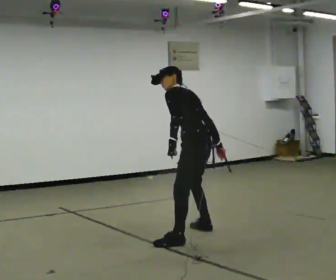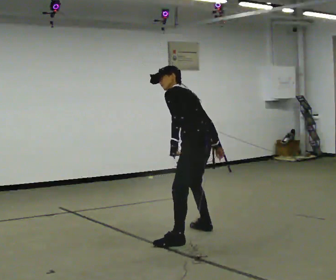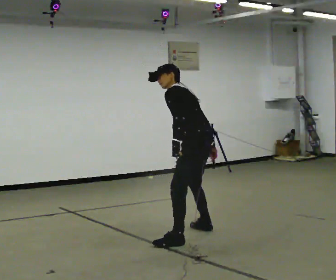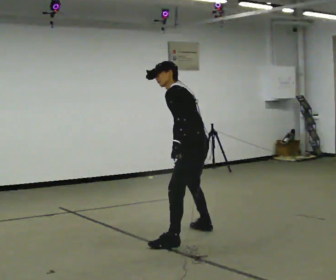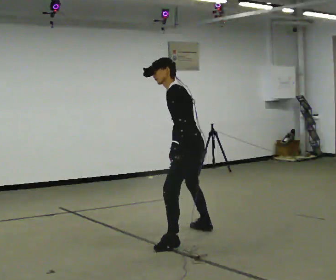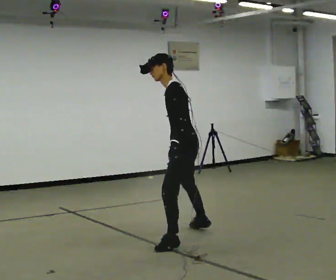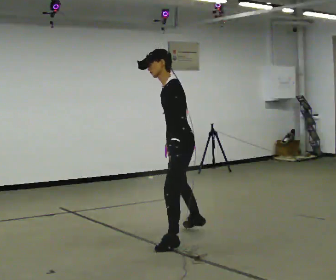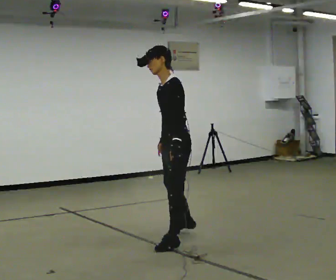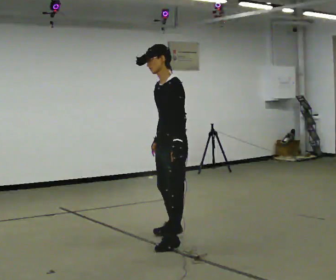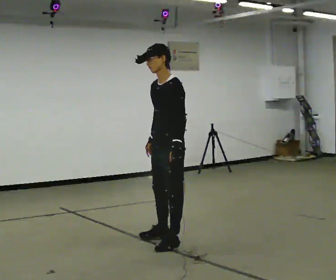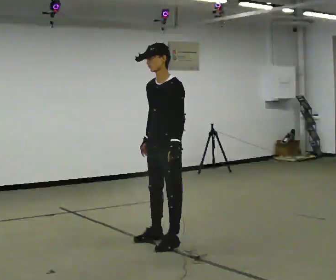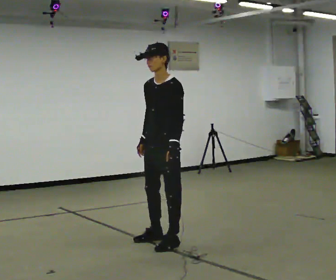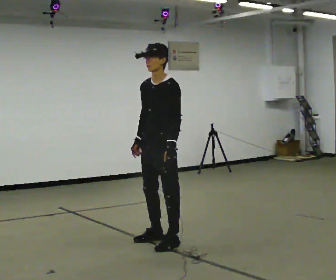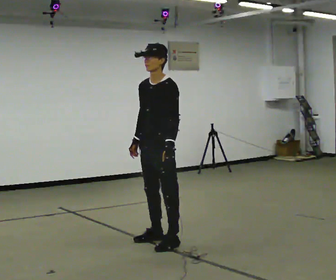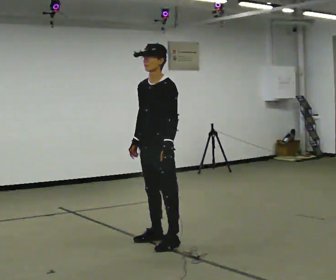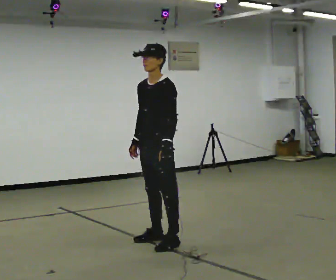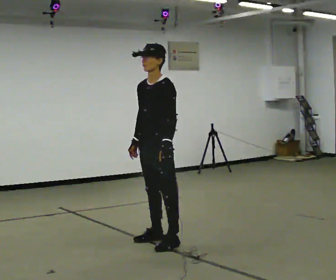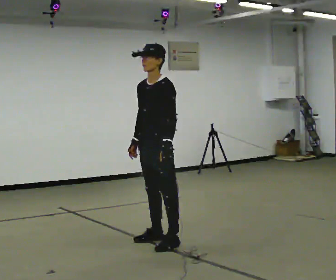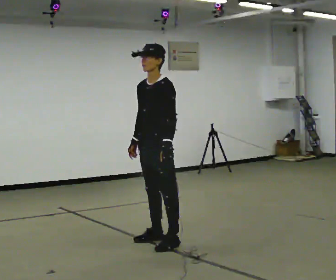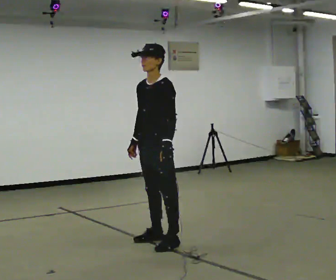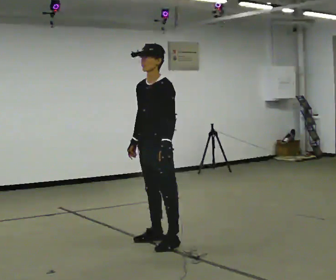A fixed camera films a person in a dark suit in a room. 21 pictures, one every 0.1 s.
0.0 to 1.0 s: The part of the body nearest the lens slides to the right as the person turns to their left by about 75 degrees. In the picture they go to the left and toward the camera, about 0.25 m in 1 step. The upper body tips toward the camera, its near side rolling downward, as they lean back or straighten.
1.0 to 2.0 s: The person moves a little, or ends about where they began.
The film runs backward here.
